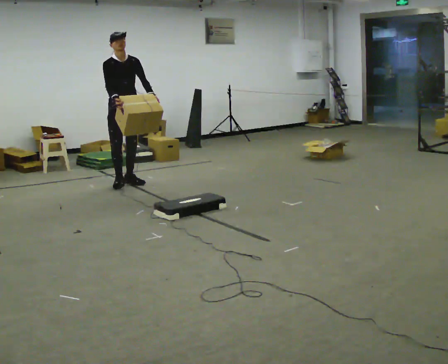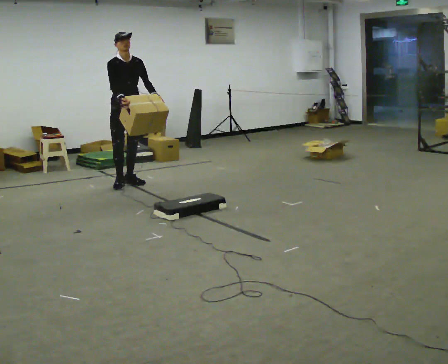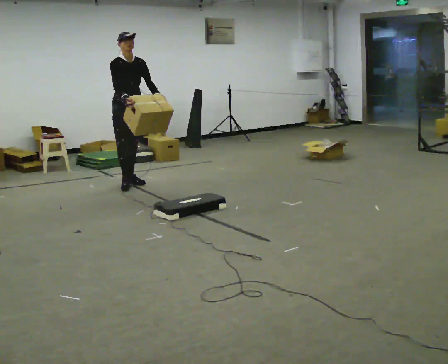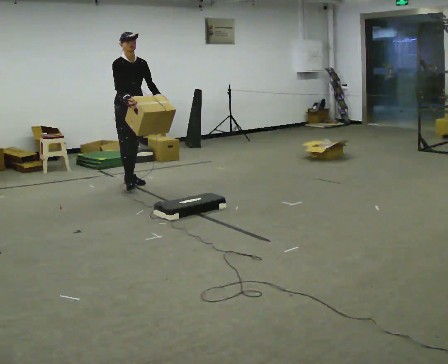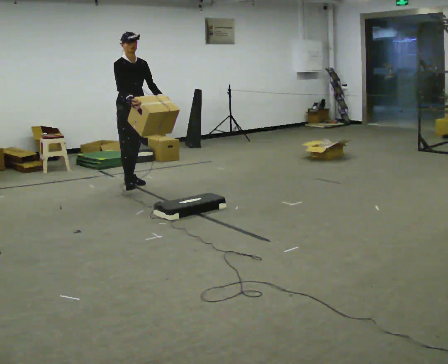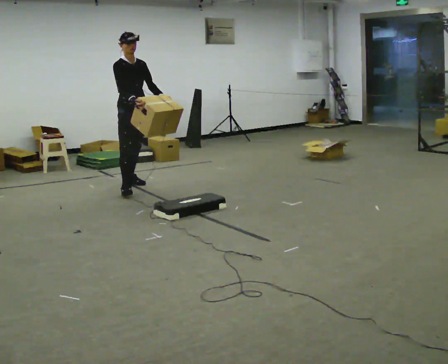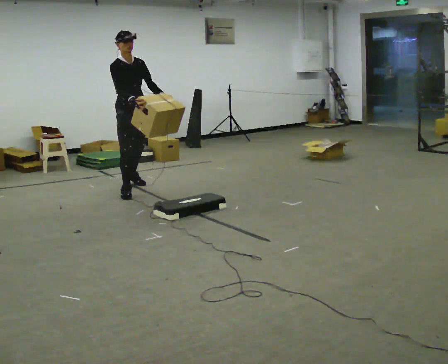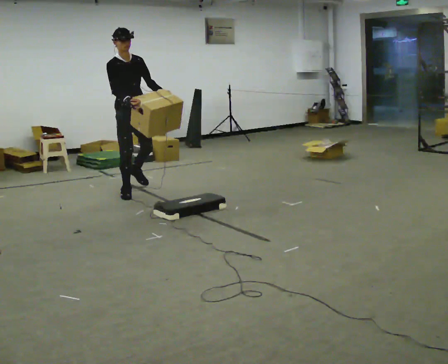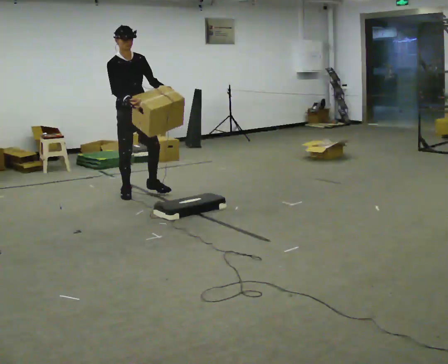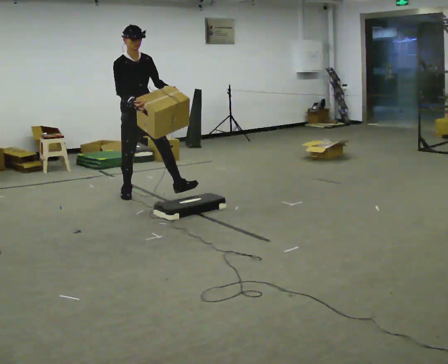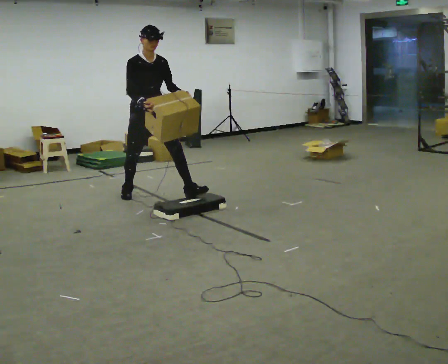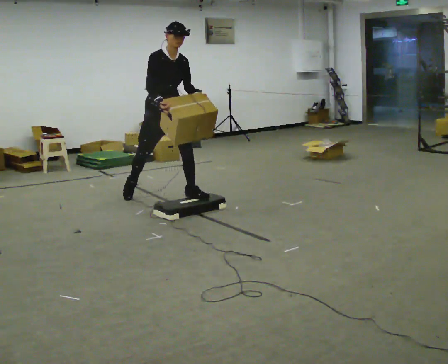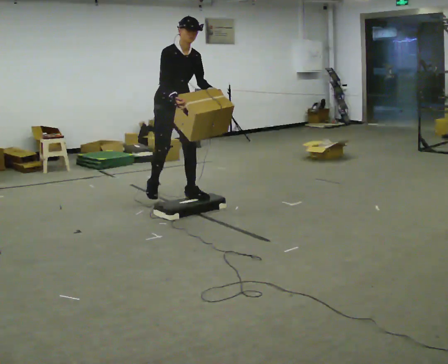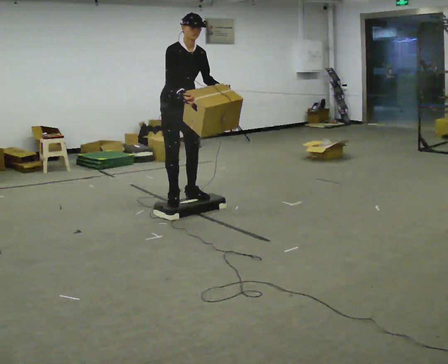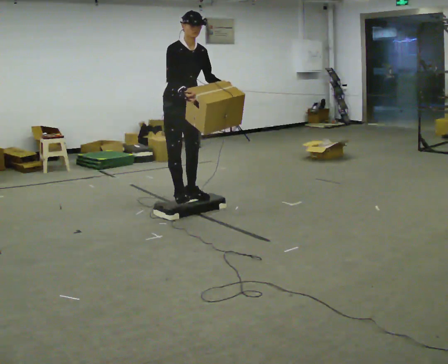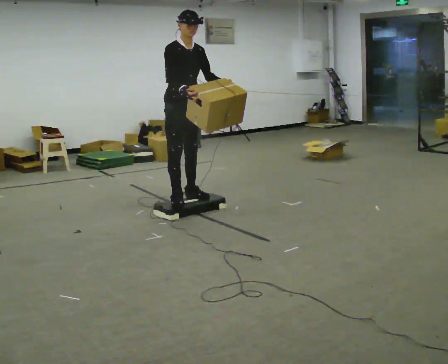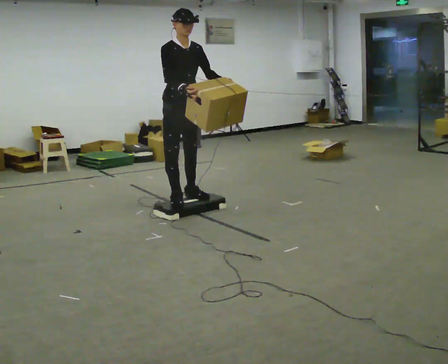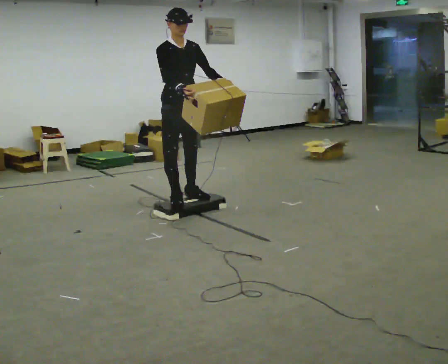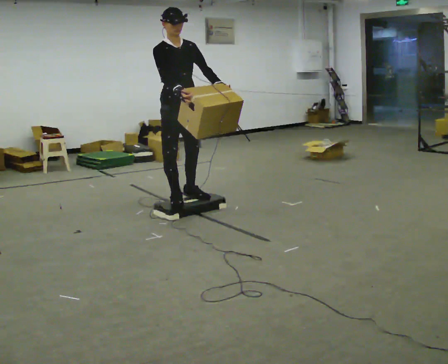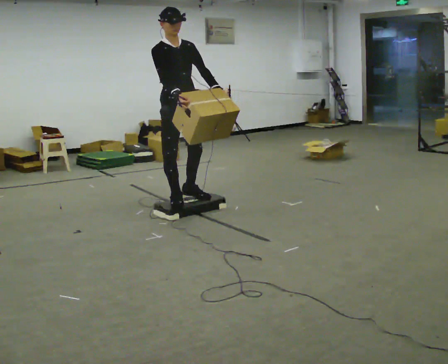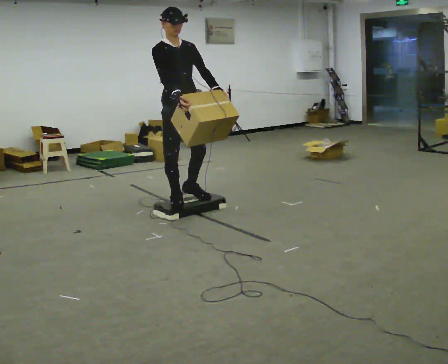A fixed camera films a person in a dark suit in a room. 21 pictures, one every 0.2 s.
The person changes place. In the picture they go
toward the camera.
0.0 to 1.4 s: In the picture they go toward the camera, about 0.5 m in 1 step, which for them is forward.
1.4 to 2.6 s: In the picture they go toward the camera and to the right, about 0.75 m in 1 step, which for them is forward and to their left. In the picture the upper body tilts clockwise, shoulders to the right, as they bend forward.
2.6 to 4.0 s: In the picture they go toward the camera, about 0.25 m in 1 step, which for them is forward and to their right. In the picture the upper body tilts counterclockwise, shoulders to the left, as they lean back or straighten.
The film runs forward here.
